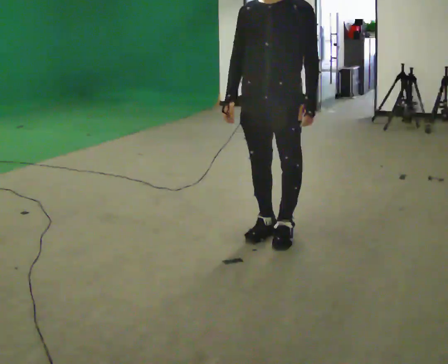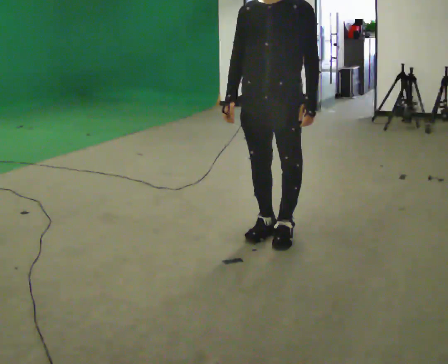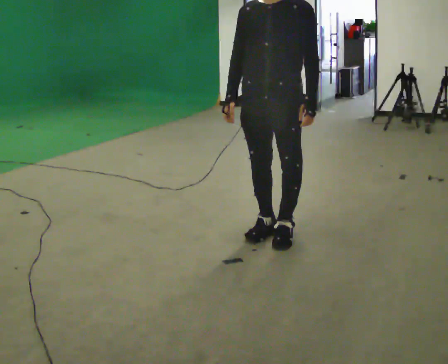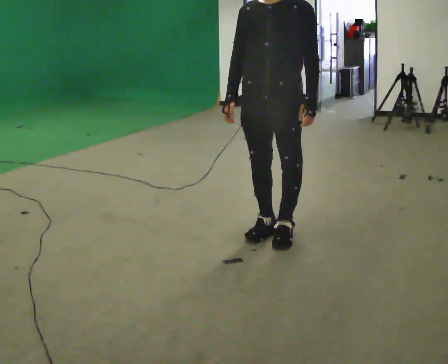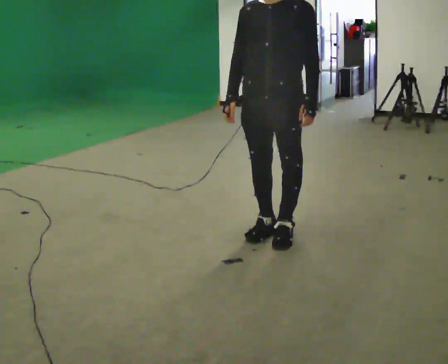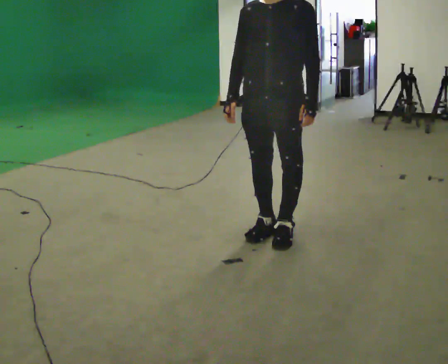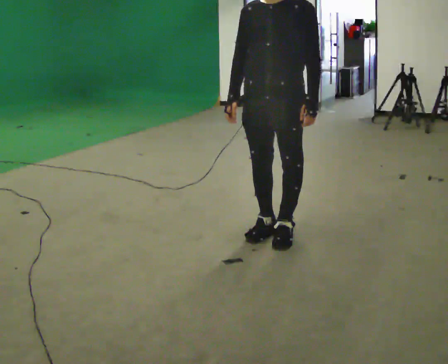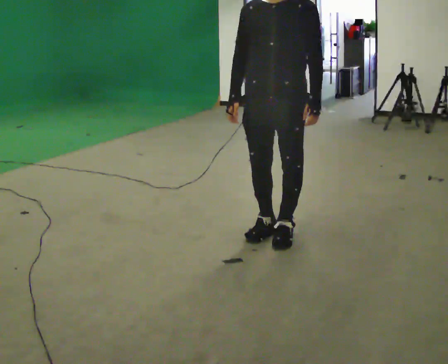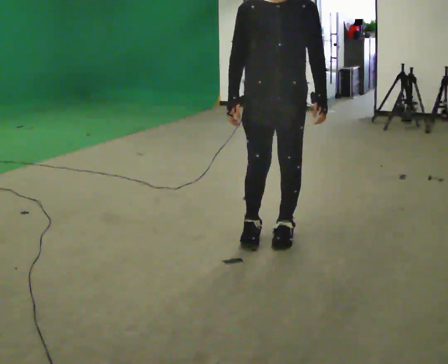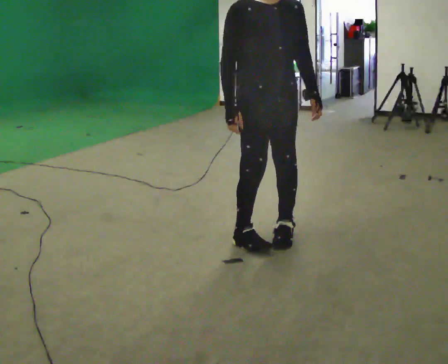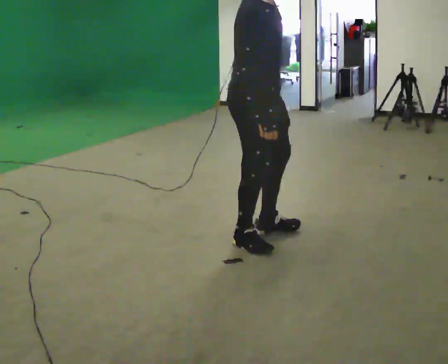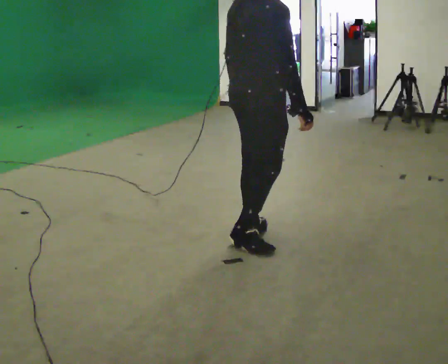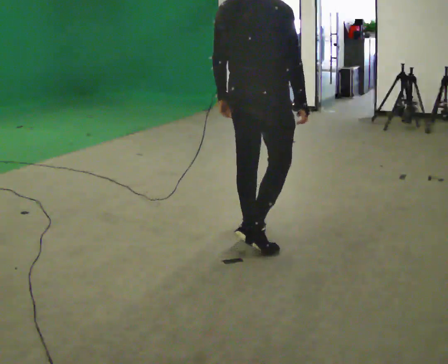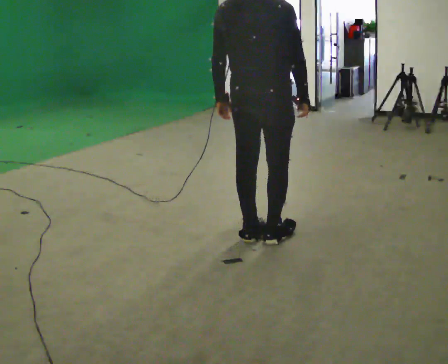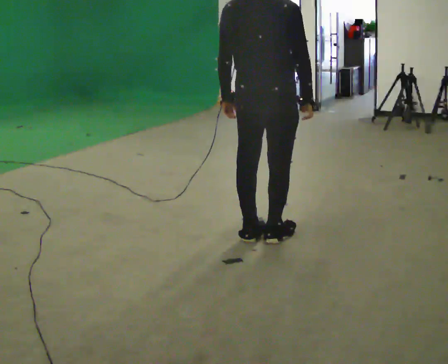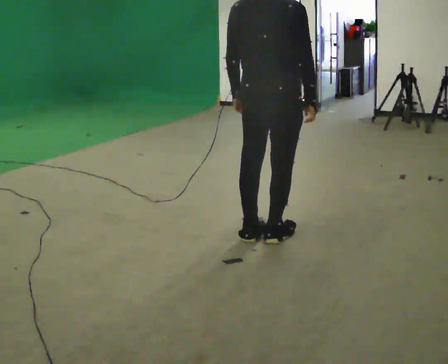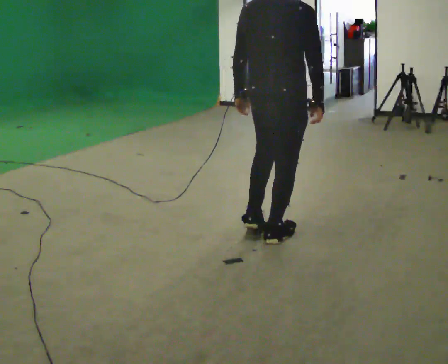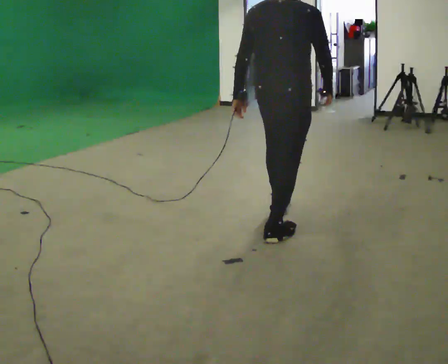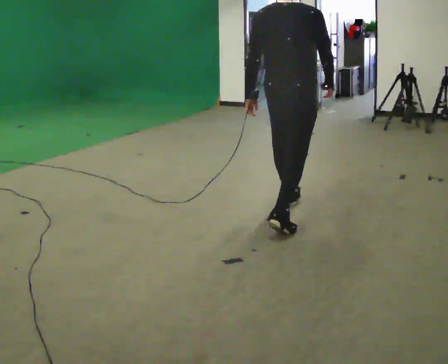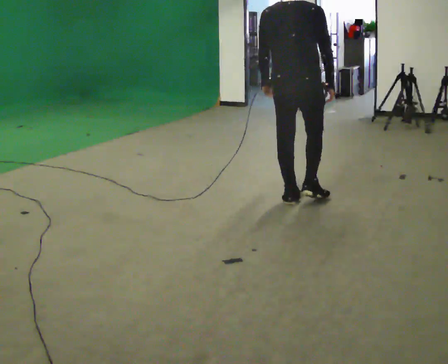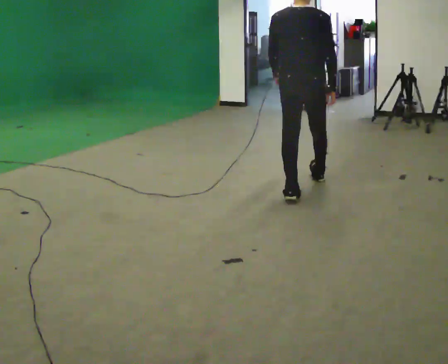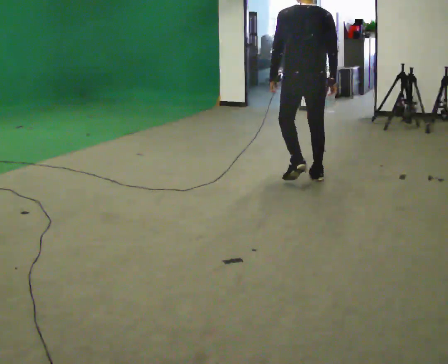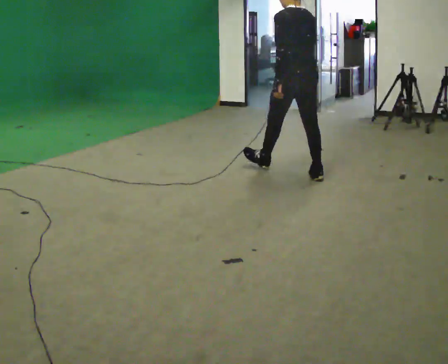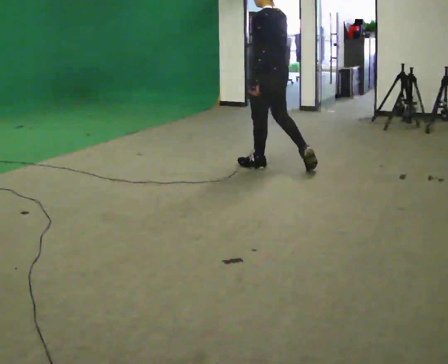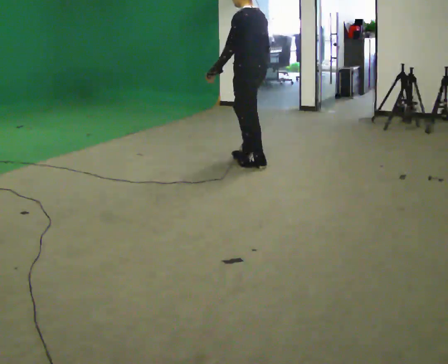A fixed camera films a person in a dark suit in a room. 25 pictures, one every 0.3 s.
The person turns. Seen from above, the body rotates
counterclockwise.
The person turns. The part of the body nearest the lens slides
to the right.
0.0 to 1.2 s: The person keeps their place and pose.
1.2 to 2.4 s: The part of the body nearest the lens slides to the right as the person turns to their left by about 30 degrees.
2.4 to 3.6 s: The person turns about 150 degrees to their left, counterclockwise seen from above, so the part of the body nearest the lens slides to the right. In the picture their right hand goes to the right, the arm swinging counterclockwise.
3.6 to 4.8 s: The person moves a little, or ends about where they began.
4.8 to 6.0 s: In the picture they go away from the camera, about 1 m in 2 steps, which for them is forward.
6.0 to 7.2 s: The part of the body nearest the lens slides to the right as the person turns to their left by about 75 degrees. In the picture they go away from the camera and to the left, about 1 m in 1 step.
The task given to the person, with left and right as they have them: Walk straight; turn 90° left/right while continuing to walk; continue.
The film runs forward here.
